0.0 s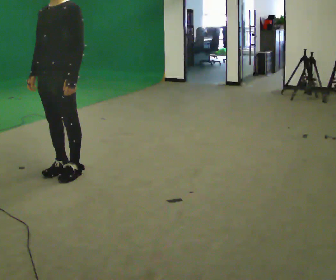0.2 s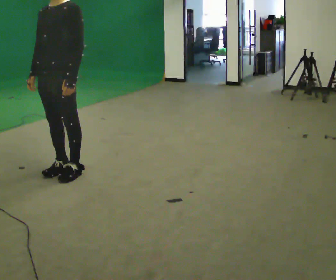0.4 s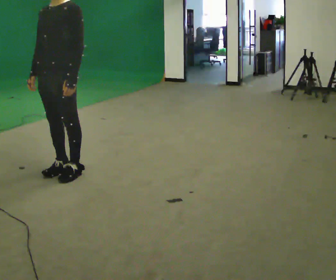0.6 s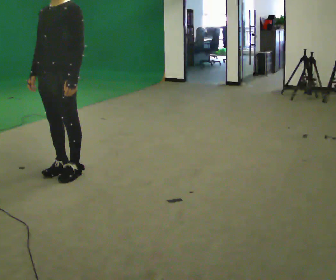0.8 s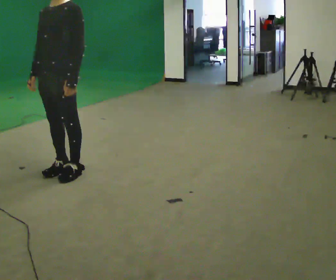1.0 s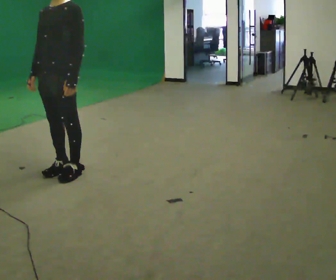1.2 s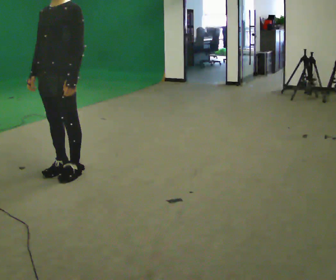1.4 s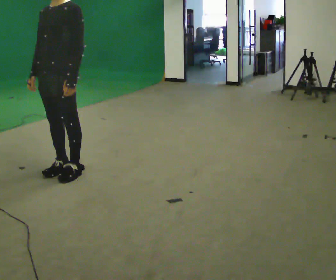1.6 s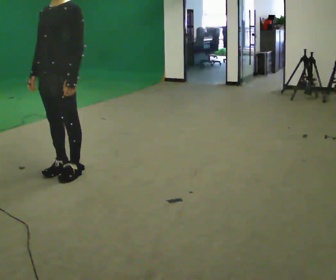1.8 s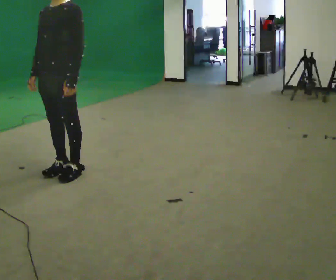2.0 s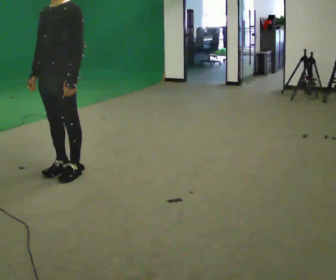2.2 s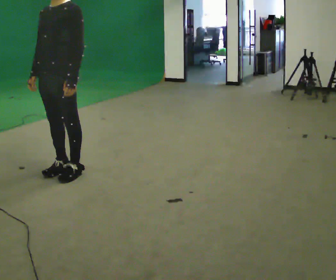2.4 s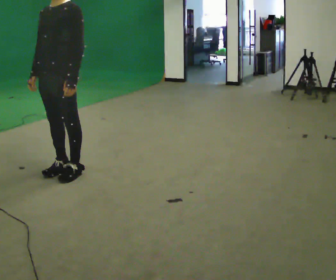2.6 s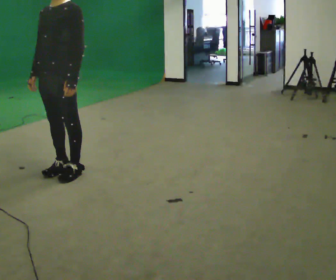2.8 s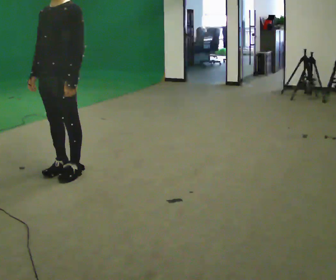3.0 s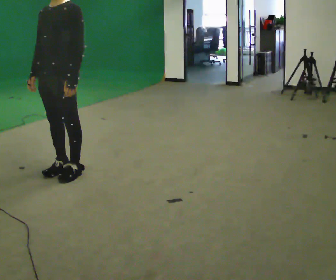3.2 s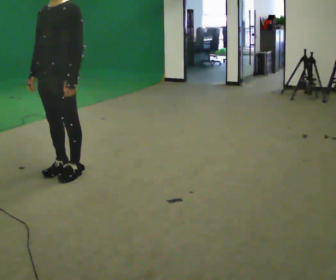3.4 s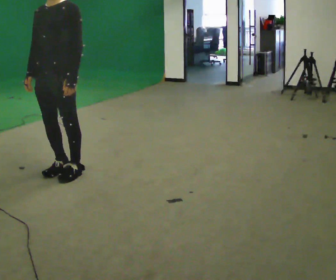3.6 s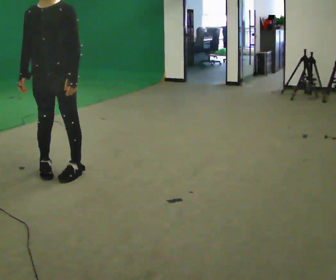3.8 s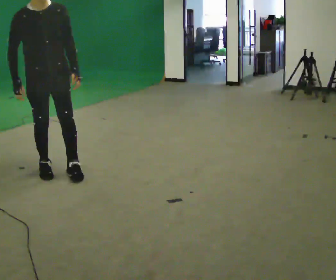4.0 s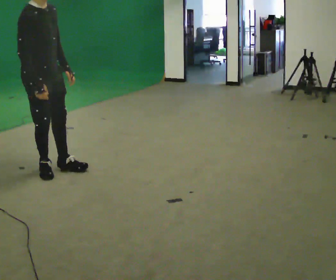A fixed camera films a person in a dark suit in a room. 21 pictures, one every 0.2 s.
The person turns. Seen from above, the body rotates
counterclockwise.
The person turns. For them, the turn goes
to their left.
0.0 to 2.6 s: The person keeps their place and pose.
2.6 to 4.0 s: The person turns about 105 degrees to their left, counterclockwise seen from above, so the part of the body nearest the lens slides to the right. In the picture they go to the left, about 0.25 m in 1 step.
The film runs forward here.
